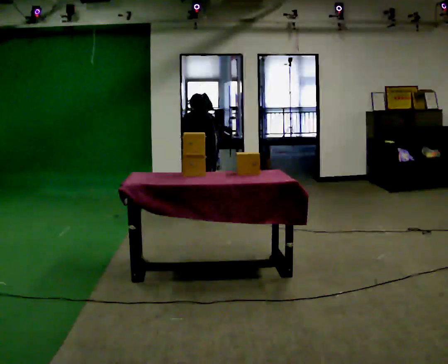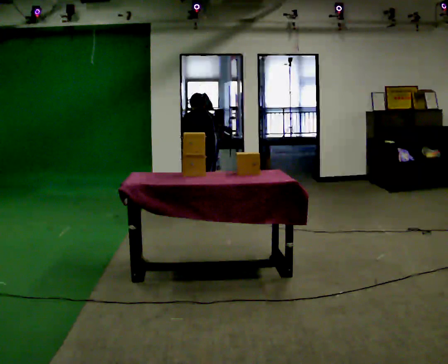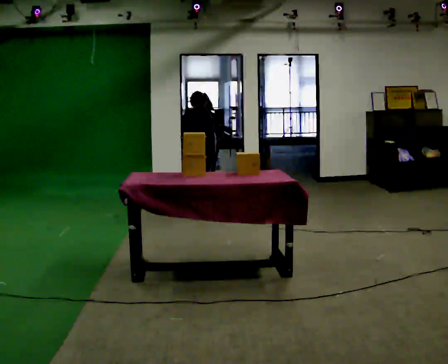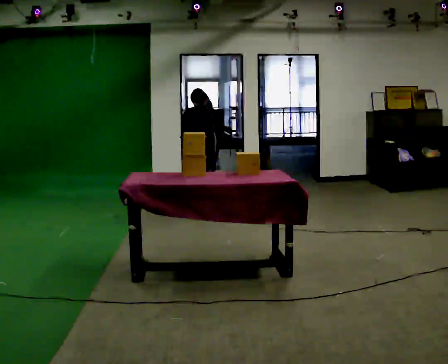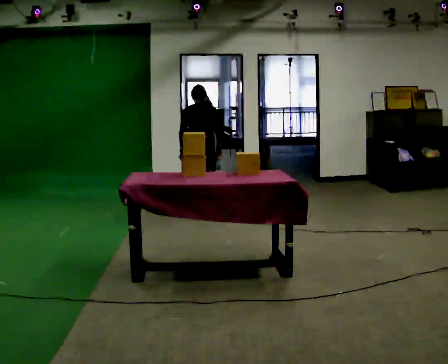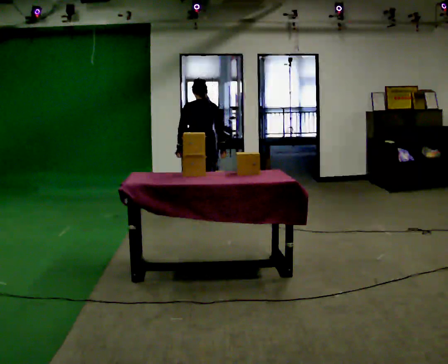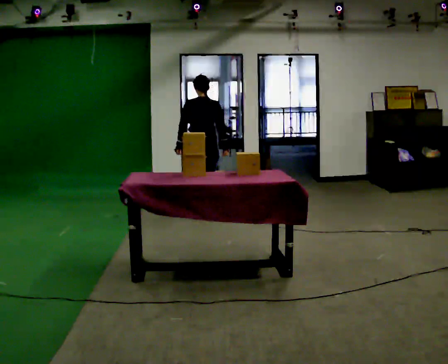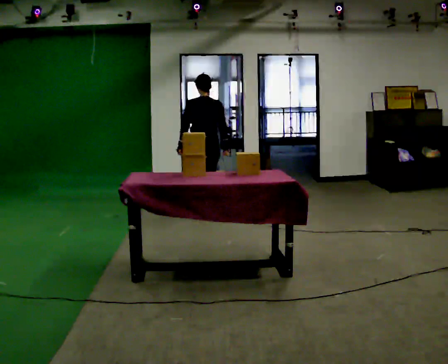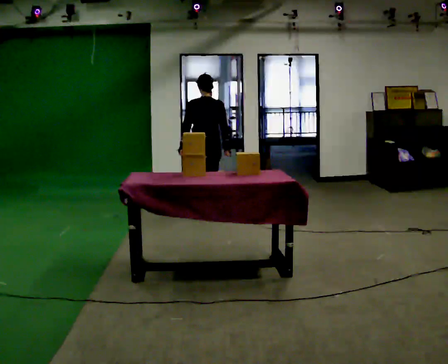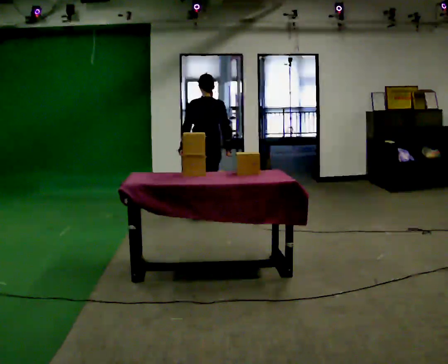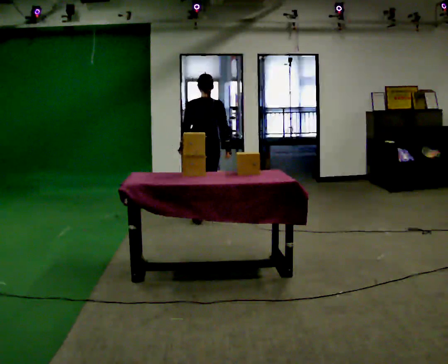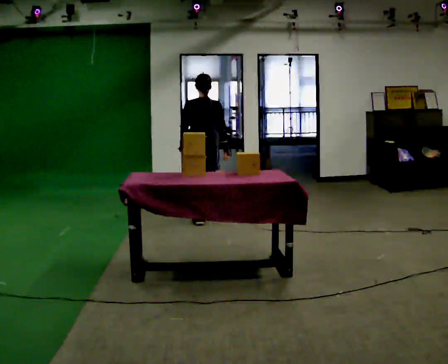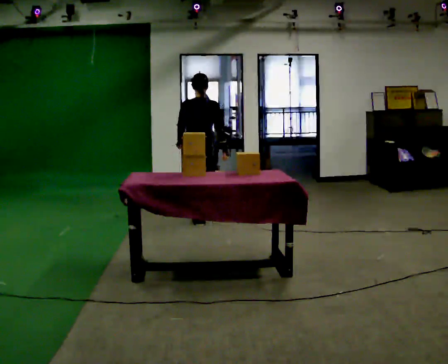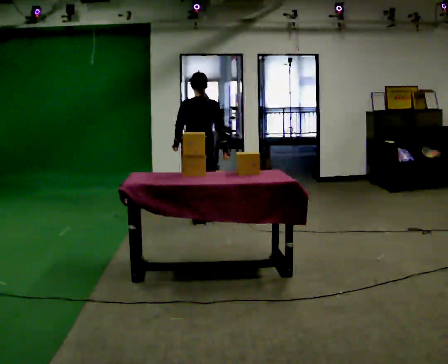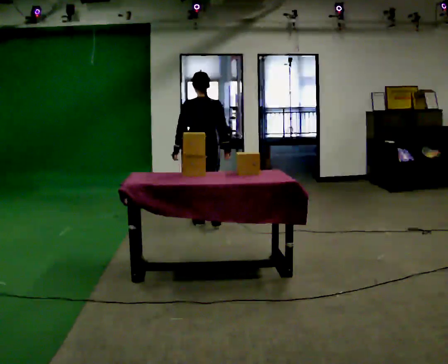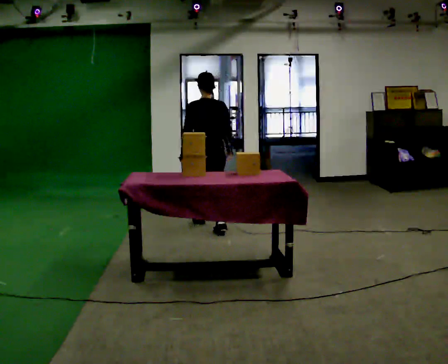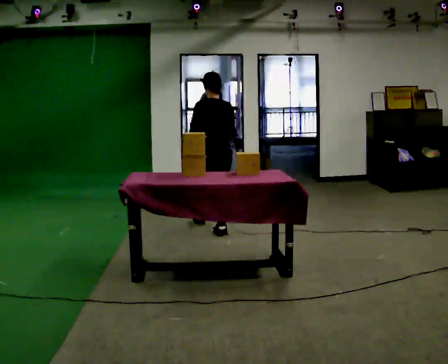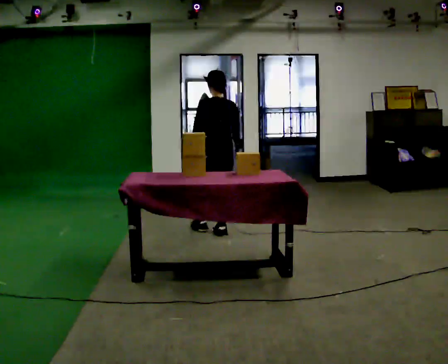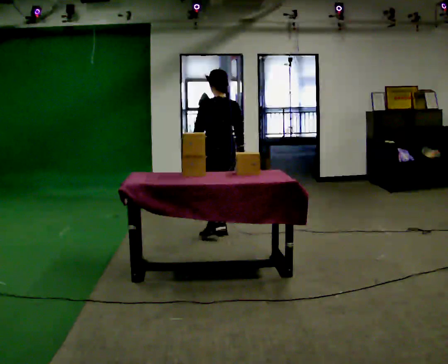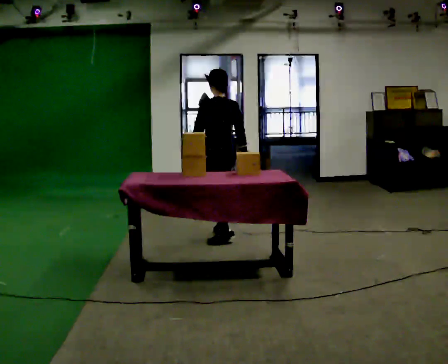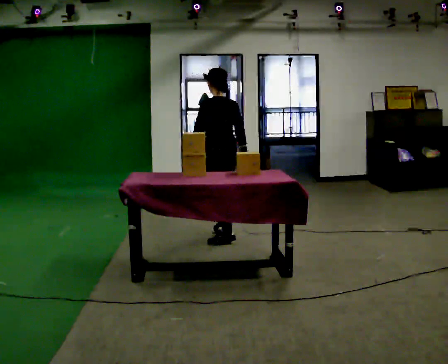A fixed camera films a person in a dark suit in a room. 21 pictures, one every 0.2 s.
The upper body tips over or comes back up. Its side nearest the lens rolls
downward.
The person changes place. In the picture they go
toward the camera.
0.0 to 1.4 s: The shoulders move upward. The upper body tips toward the camera, its near side rolling downward, as they lean back or straighten.
1.4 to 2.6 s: In the picture they go toward the camera, about 0.25 m in 2 steps, which for them is backward.
2.6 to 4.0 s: The part of the body nearest the lens slides to the right as the person turns to their left by about 45 degrees. In the picture they go toward the camera, about 0.75 m in 1 step, which for them is backward.
The film runs backward here.
